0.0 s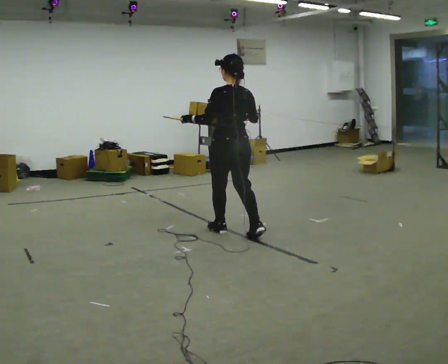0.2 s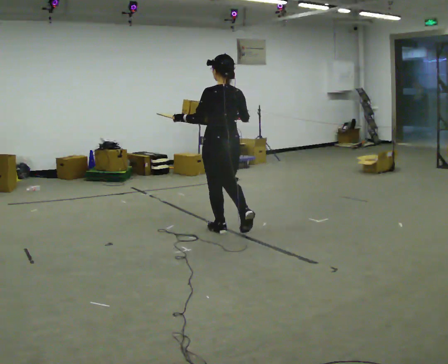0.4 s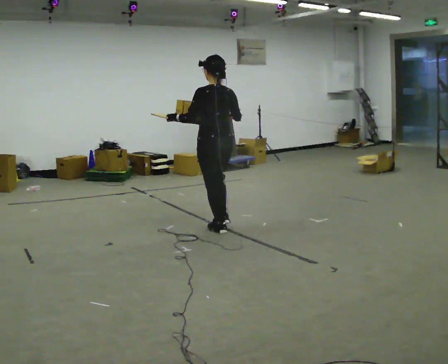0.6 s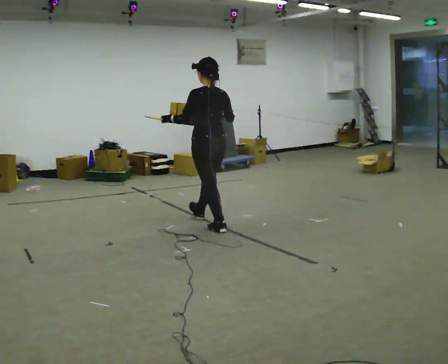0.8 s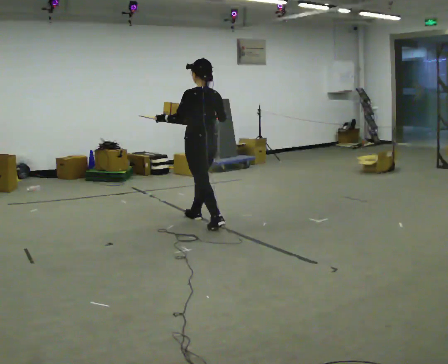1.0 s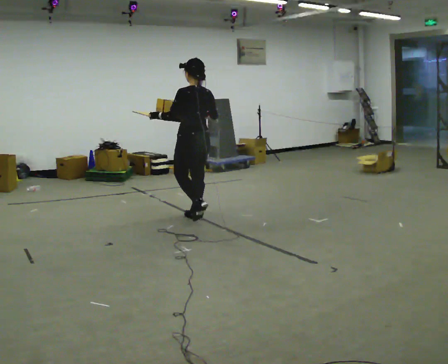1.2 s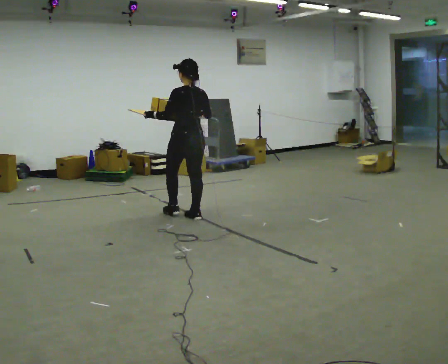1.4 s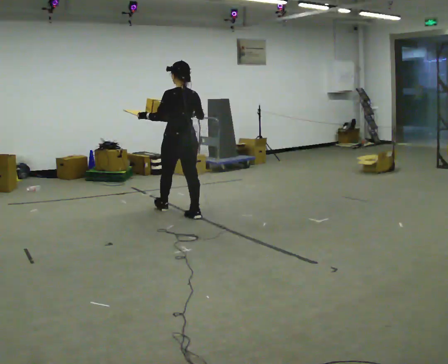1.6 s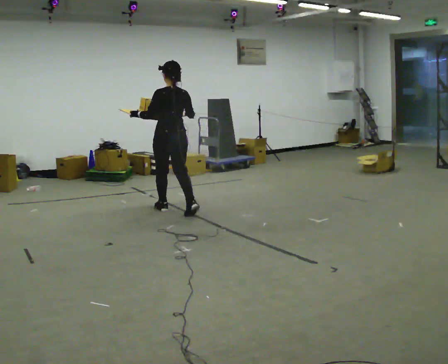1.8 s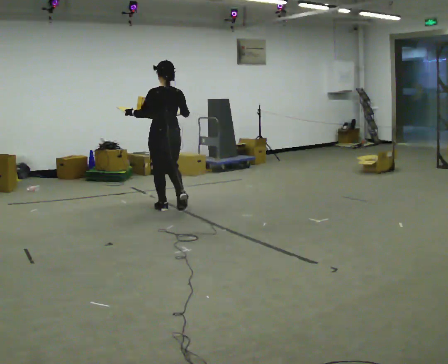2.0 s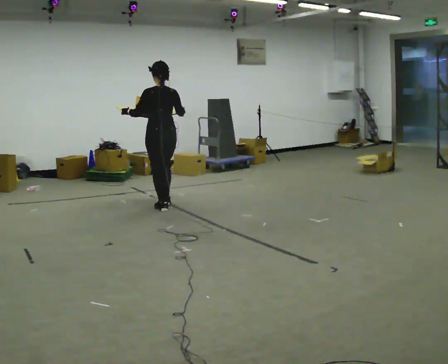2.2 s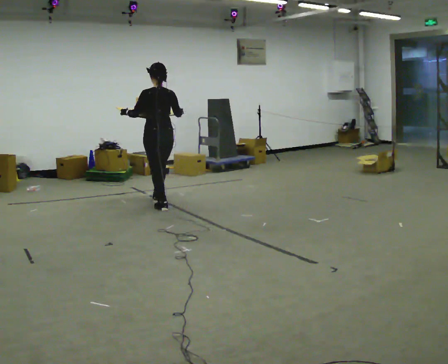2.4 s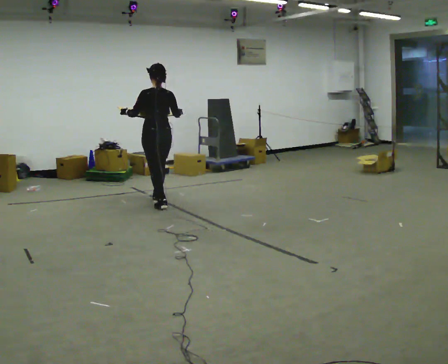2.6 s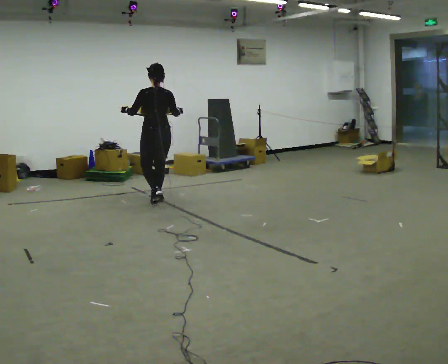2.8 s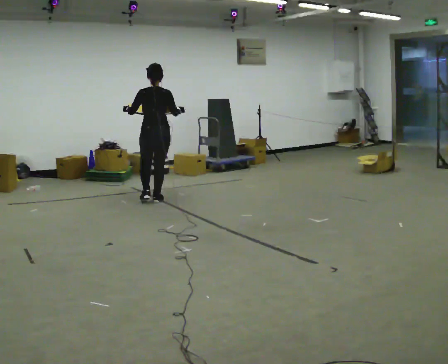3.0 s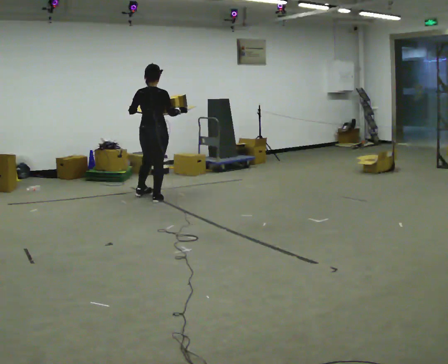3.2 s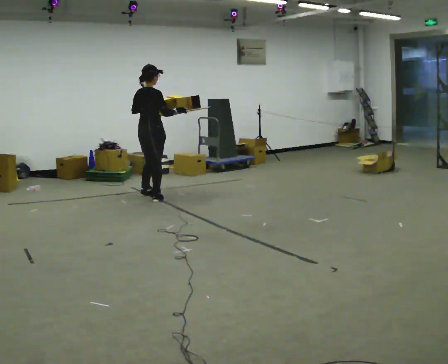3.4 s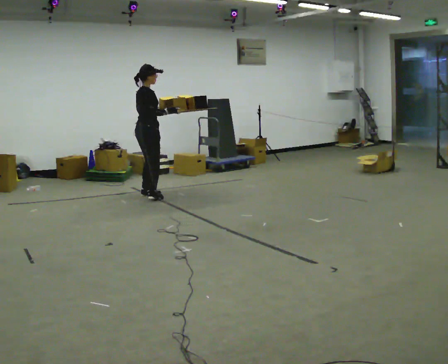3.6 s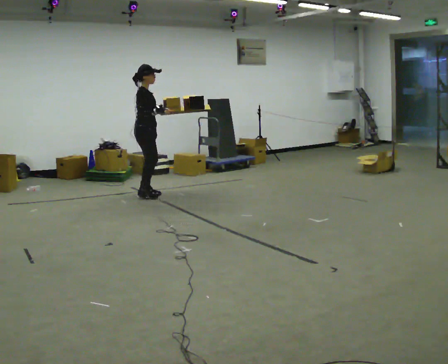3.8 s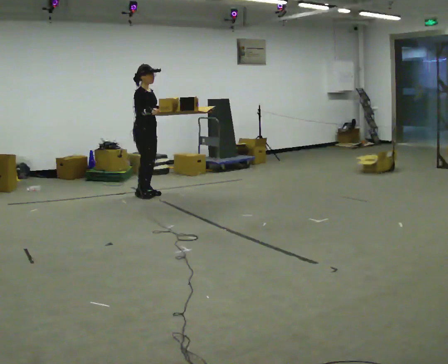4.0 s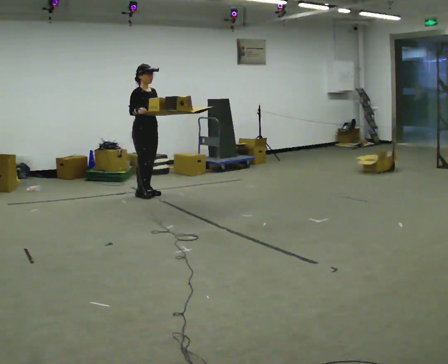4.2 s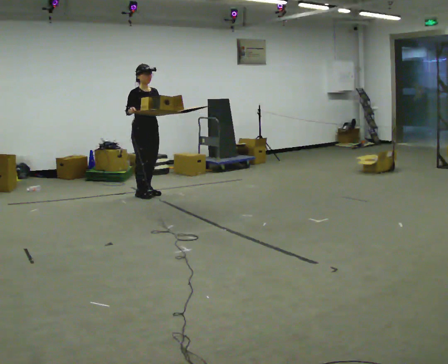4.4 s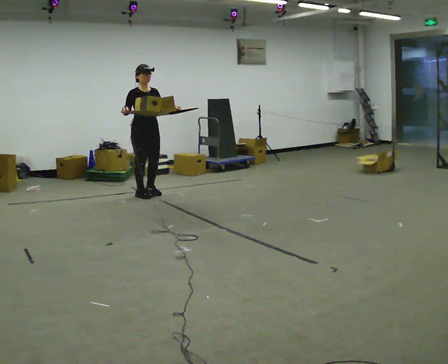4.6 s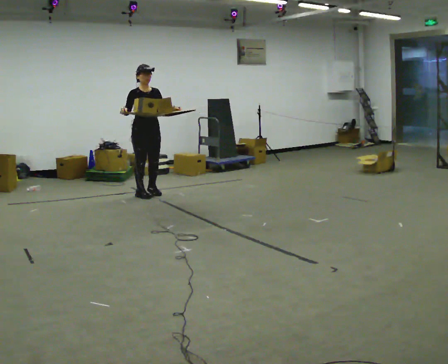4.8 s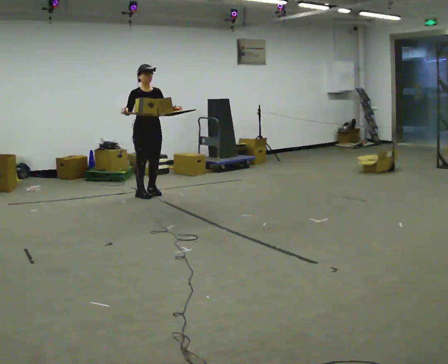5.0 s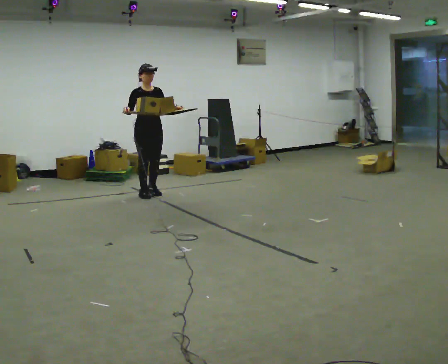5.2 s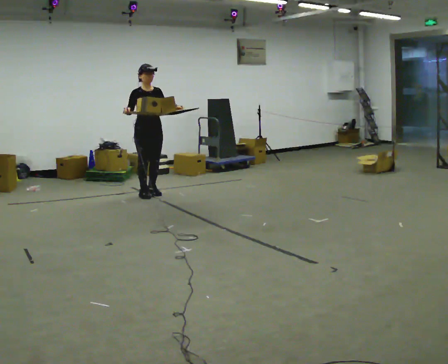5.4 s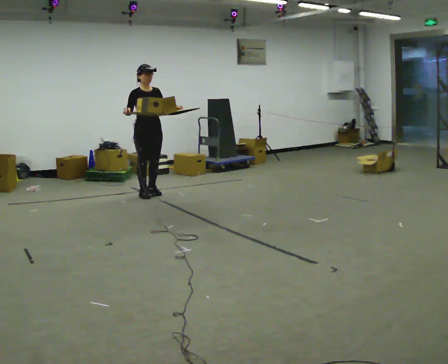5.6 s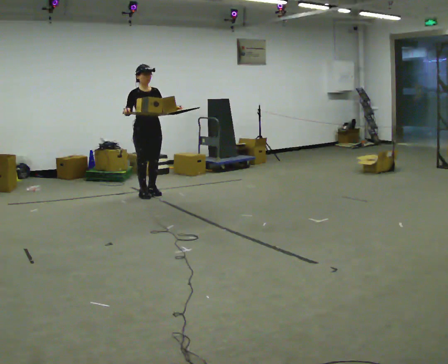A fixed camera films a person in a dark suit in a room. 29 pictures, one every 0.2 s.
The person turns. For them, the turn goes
to their right.
The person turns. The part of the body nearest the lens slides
to the left.
0.0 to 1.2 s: In the picture they go away from the camera and to the left, about 1 m in 1 step, which for them is forward.
1.2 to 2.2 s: In the picture they go away from the camera and to the left, about 0.5 m in 1 step, which for them is forward.
2.2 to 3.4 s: Seen from above the body turns clockwise, about 90 degrees: to their right, with its near side sliding to the left. In the picture they go away from the camera, about 0.5 m in 2 steps.
3.4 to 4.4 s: Seen from above the body turns clockwise, about 90 degrees: to their right, with its near side sliding to the left. In the picture their left hand goes to the right.
4.4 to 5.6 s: The person moves a little, or ends about where they began.
The film runs forward here.
